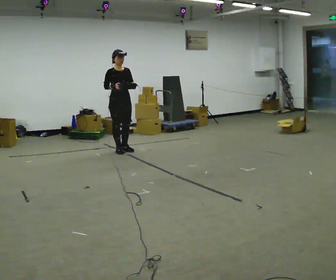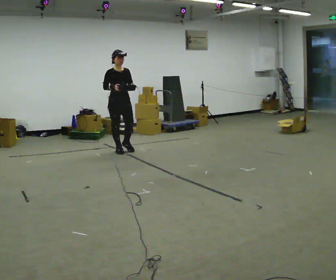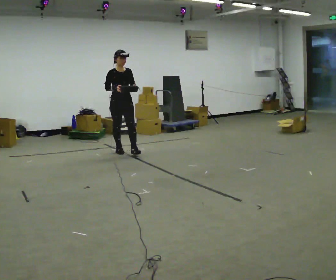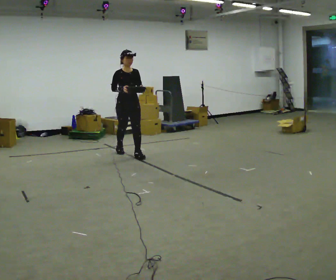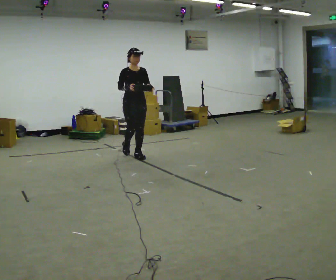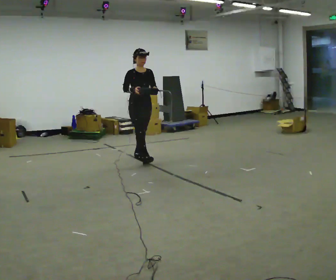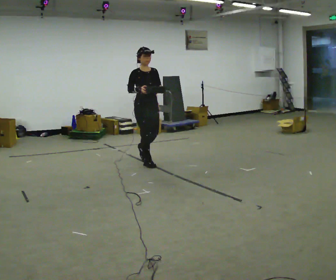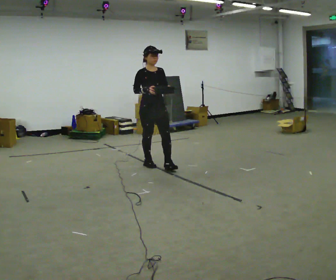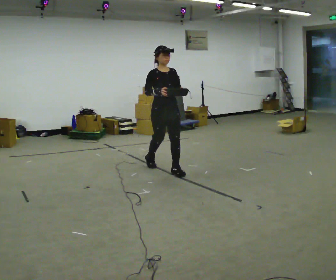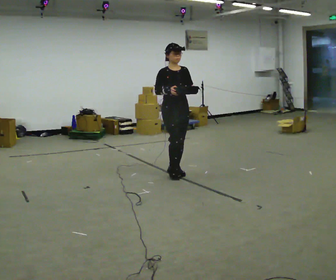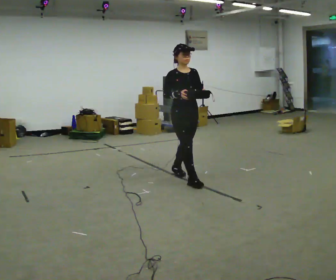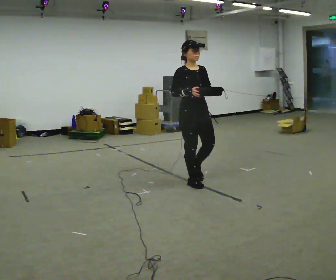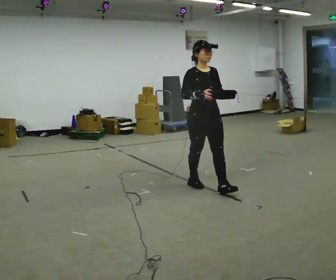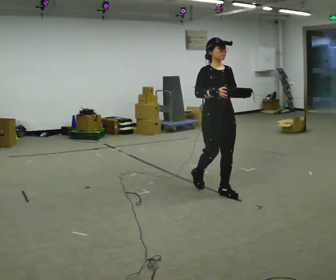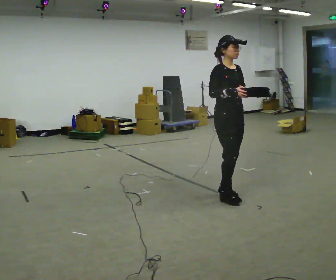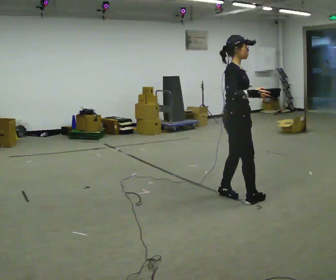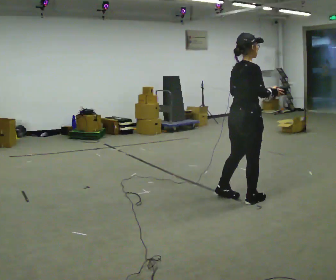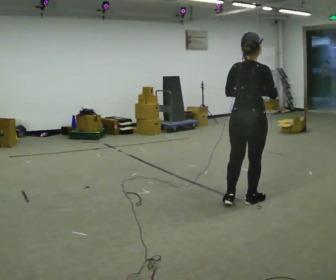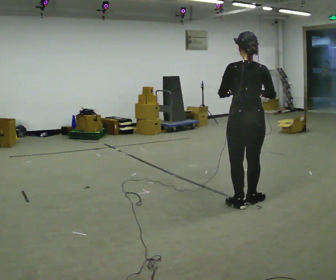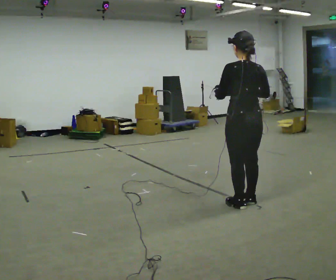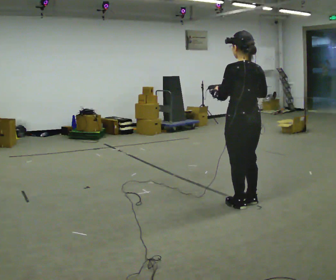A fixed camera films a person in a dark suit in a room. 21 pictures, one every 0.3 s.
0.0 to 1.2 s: In the picture they go to the right and toward the camera, about 0.5 m in 1 step, which for them is forward.
1.2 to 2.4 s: In the picture they go toward the camera and to the right, about 1 m in 2 steps, which for them is forward.
2.4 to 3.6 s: In the picture they go toward the camera and to the right, about 1 m in 1 step, which for them is forward.
3.6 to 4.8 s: The person turns about 90 degrees to their left, counterclockwise seen from above, so the part of the body nearest the lens slides to the right. In the picture they go toward the camera and to the right, about 0.5 m in 2 steps.
4.8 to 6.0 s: Seen from above the body turns counterclockwise, about 90 degrees: to their left, with its near side sliding to the right. In the picture they go toward the camera, about 0.25 m in 1 step. In the picture their left hand goes to the left.
The film runs forward here.
